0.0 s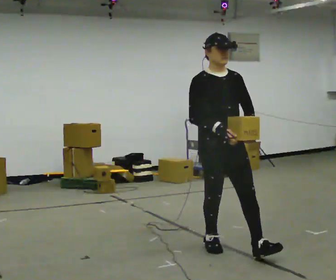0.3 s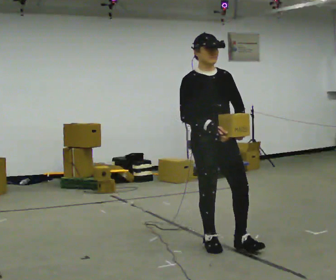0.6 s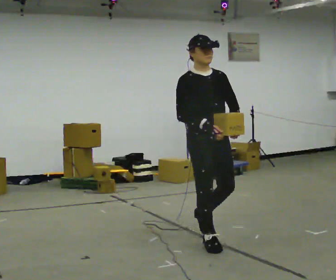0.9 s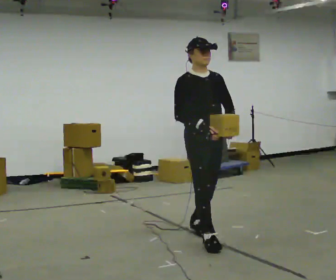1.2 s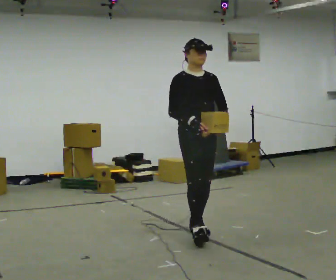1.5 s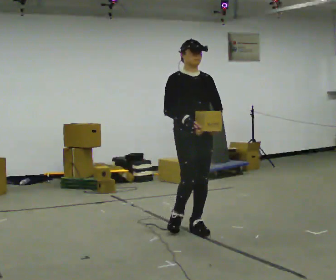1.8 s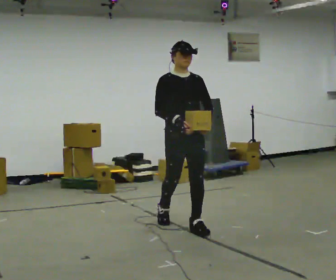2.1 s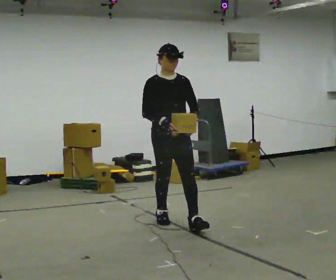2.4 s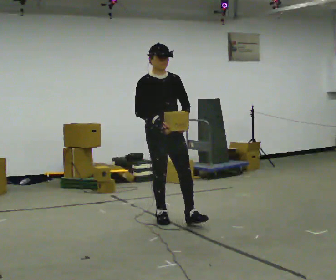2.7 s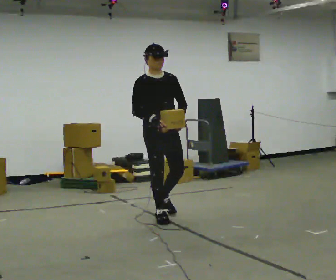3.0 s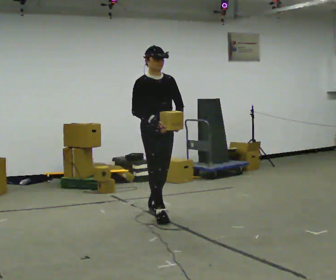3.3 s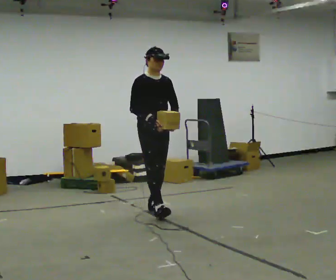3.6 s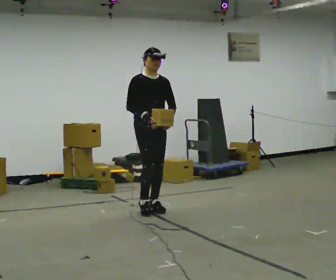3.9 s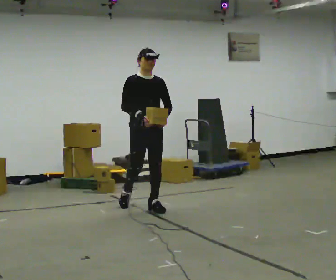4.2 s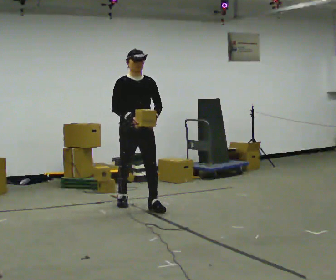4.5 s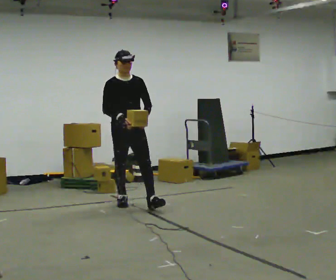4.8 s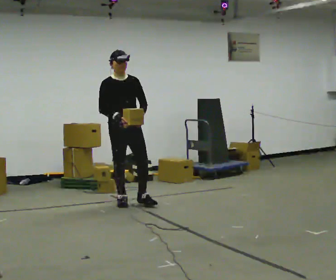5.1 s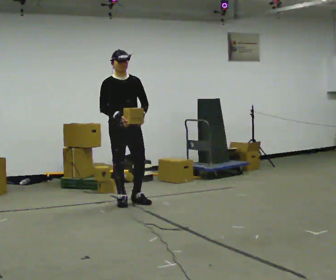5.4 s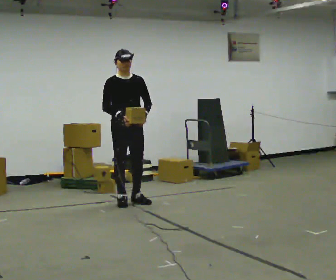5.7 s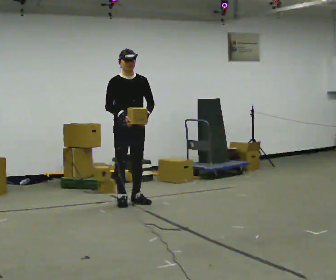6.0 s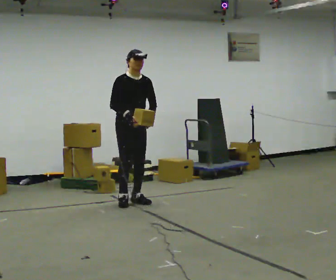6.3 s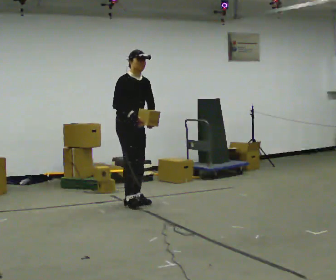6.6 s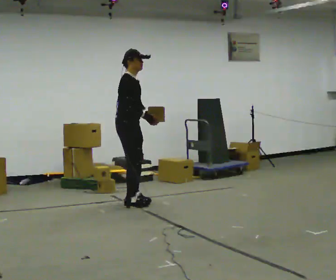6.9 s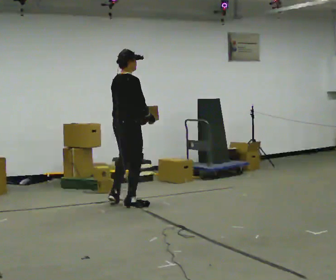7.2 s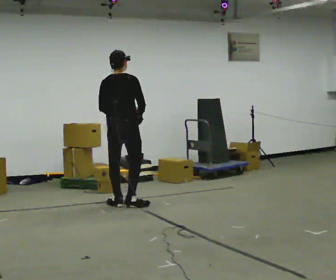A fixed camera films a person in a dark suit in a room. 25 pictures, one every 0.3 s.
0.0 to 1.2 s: In the picture they go away from the camera, about 0.5 m in 2 steps, which for them is backward.
1.2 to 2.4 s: In the picture they go away from the camera and to the left, about 0.5 m in 1 step, which for them is backward.
2.4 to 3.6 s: In the picture they go away from the camera, about 0.5 m in 1 step, which for them is backward.
3.6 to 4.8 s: In the picture they go to the left and away from the camera, about 0.5 m in 1 step, which for them is backward and to their right.
4.8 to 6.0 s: The person moves a little, or ends about where they began.
6.0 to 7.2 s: The part of the body nearest the lens slides to the right as the person turns to their left by about 135 degrees. In the picture they go toward the camera, about 0.25 m in 2 steps. In the picture their left hand goes to the left.
The film runs backward here.
